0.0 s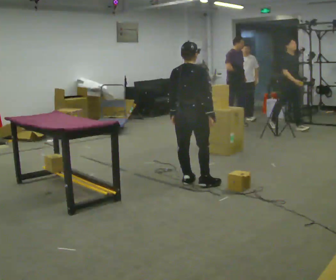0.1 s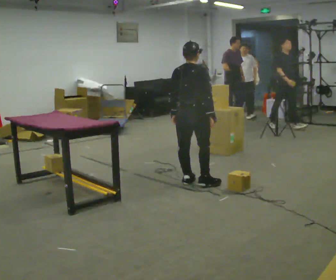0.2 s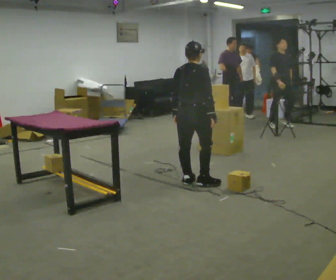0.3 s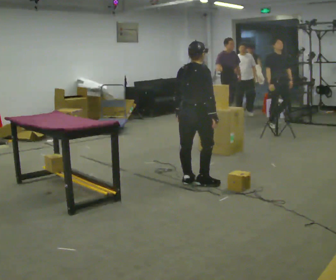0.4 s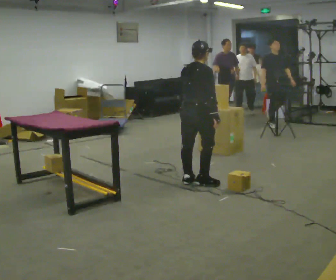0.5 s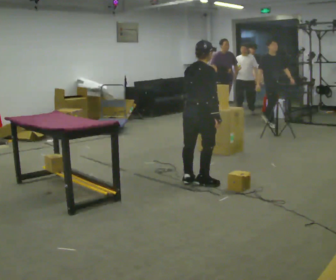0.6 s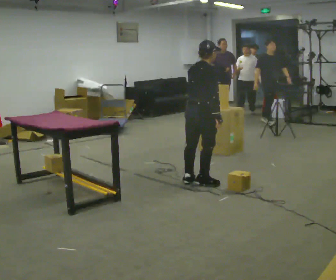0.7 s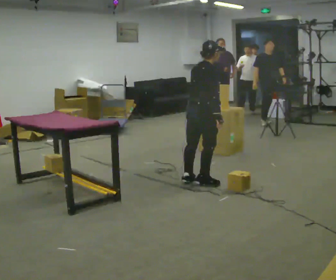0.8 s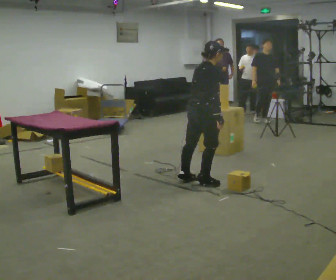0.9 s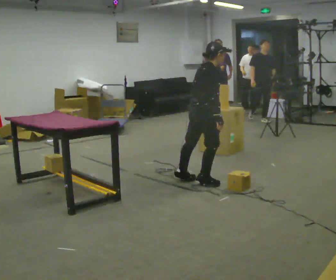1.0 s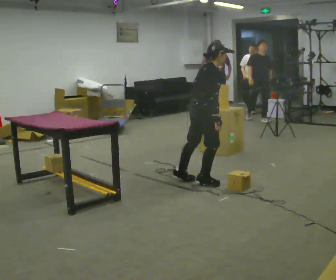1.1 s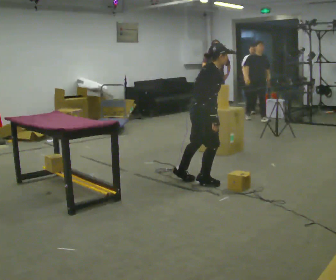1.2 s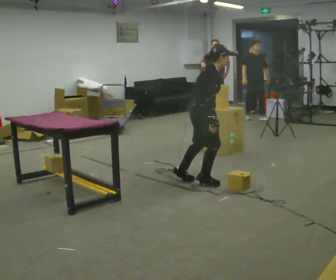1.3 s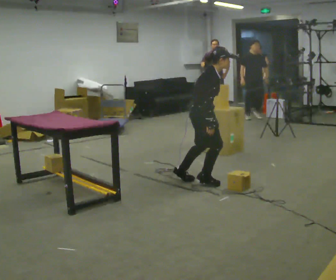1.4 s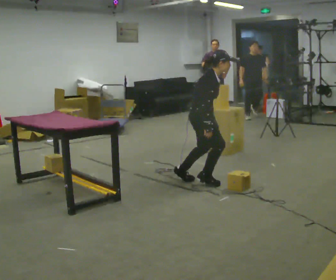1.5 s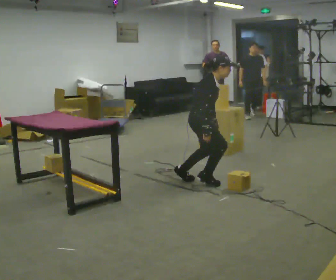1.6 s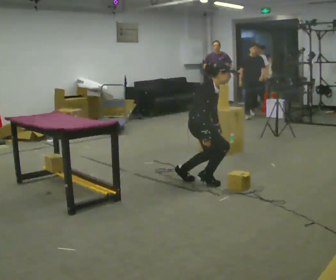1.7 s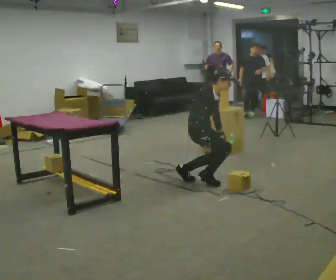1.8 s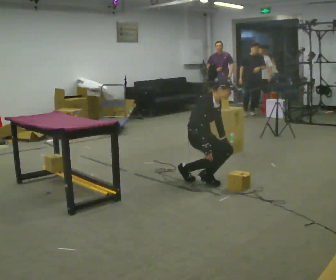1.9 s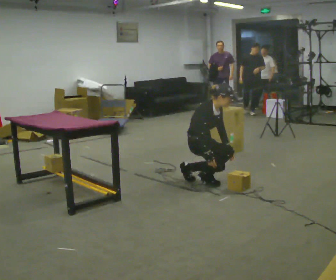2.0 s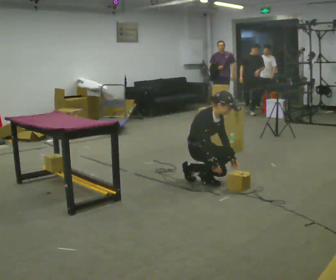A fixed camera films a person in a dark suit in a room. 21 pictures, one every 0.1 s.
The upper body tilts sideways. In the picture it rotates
clockwise.
The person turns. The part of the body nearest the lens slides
to the left.
0.0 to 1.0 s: The part of the body nearest the lens slides to the left as the person turns to their right by about 45 degrees. In the picture the upper body tilts clockwise, shoulders to the right, as they bend forward.
1.0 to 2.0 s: The person turns about 45 degrees to their right, clockwise seen from above, so the part of the body nearest the lens slides to the left. The shoulders move downward. In the picture their left hand goes downward.
The film runs backward here.
